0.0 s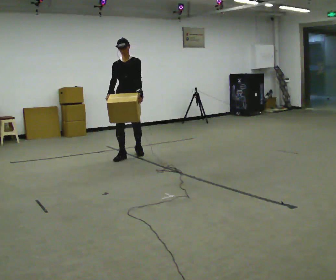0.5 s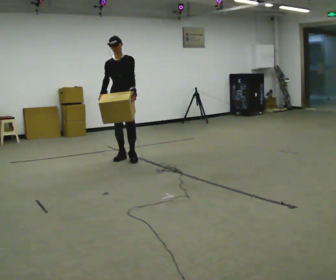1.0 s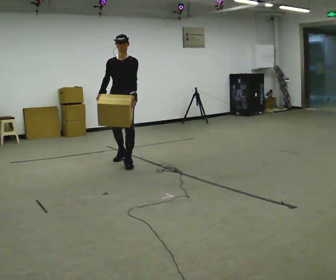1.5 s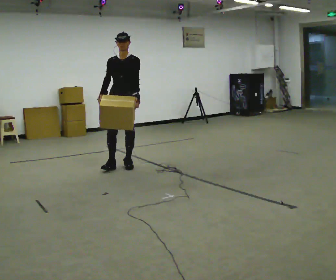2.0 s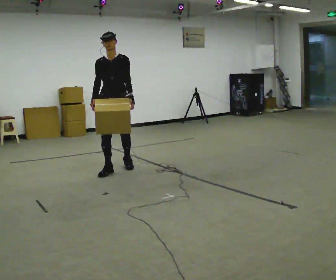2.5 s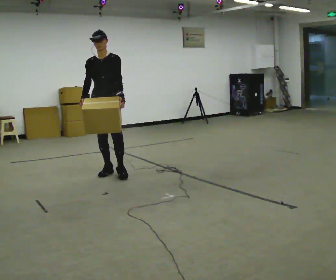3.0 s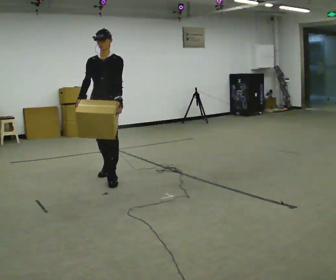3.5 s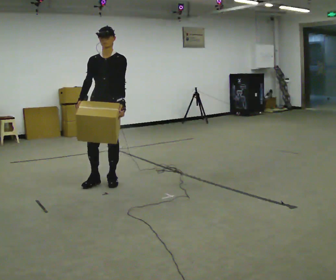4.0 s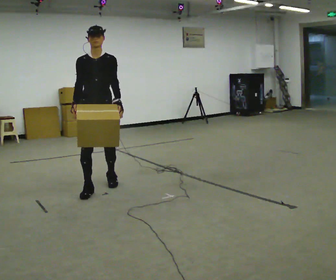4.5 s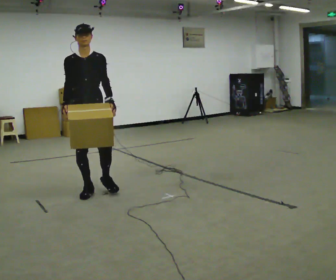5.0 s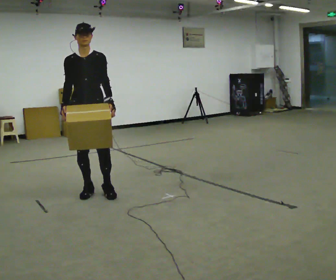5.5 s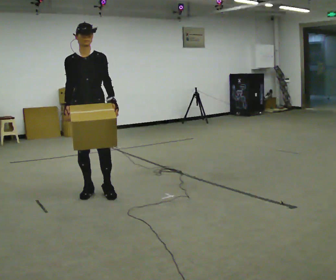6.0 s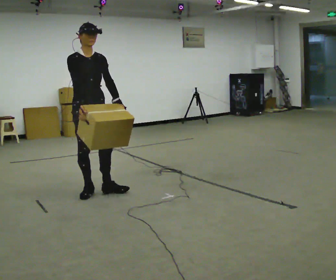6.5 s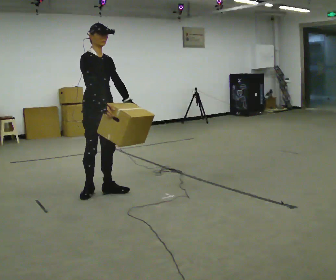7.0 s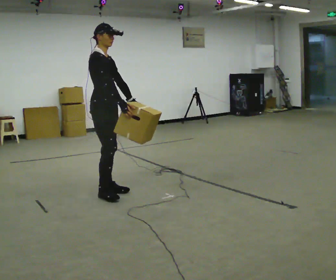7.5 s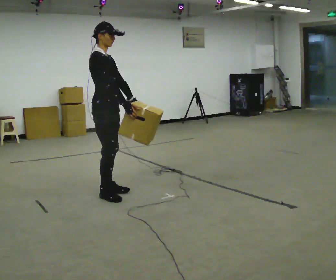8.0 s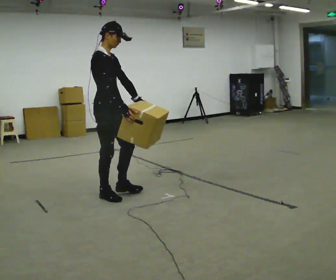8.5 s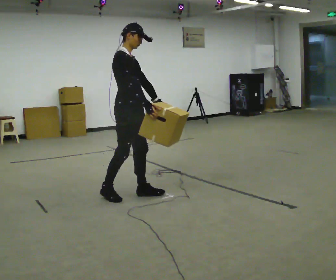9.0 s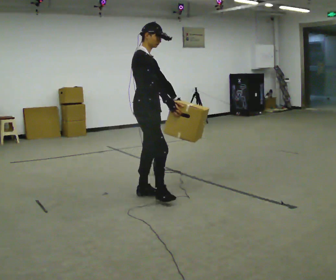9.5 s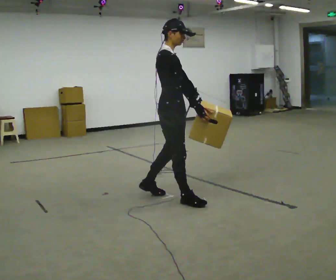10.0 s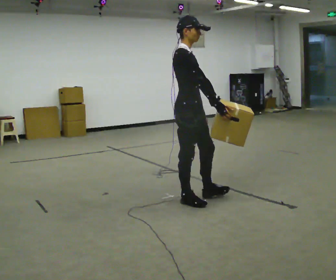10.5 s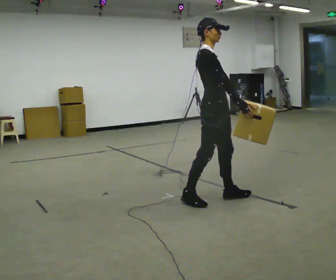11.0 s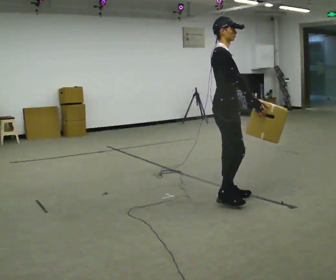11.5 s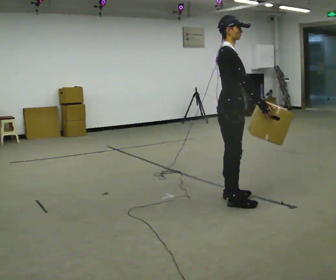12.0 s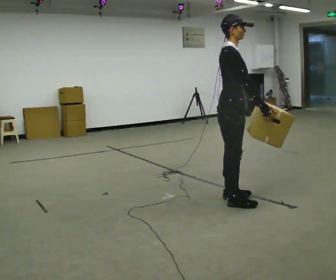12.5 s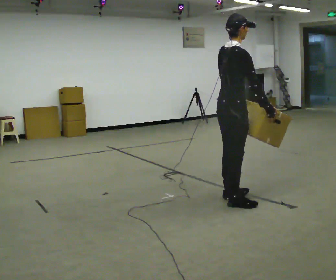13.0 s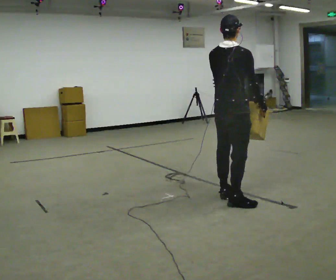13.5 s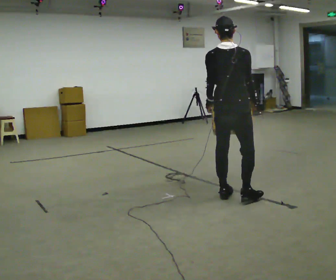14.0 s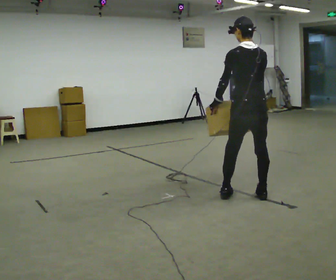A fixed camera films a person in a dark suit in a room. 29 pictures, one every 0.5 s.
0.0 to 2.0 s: In the picture they go toward the camera, about 1 m in 2 steps, which for them is forward.
2.0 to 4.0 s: In the picture they go toward the camera, about 1 m in 2 steps, which for them is forward.
4.0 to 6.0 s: Seen from above the body turns counterclockwise, about 30 degrees: to their left, with its near side sliding to the right.
6.0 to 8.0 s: Seen from above the body turns counterclockwise, about 45 degrees: to their left, with its near side sliding to the right. In the picture they go to the right and toward the camera, about 0.25 m in 1 step, which for them is forward.
8.0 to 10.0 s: In the picture they go to the right and toward the camera, about 1 m in 2 steps, which for them is forward.
10.0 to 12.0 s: In the picture they go to the right, about 0.25 m in 2 steps, which for them is forward.
12.0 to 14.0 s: Seen from above the body turns counterclockwise, about 105 degrees: to their left, with its near side sliding to the right. In the picture they go to the right, about 0.25 m in 1 step.
The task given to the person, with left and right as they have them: Carry the heaviest box in both hands in front of you, walking back and forth across the room. Only carry what is comfortable. Set it down whenever you need to.
The film runs forward here.
